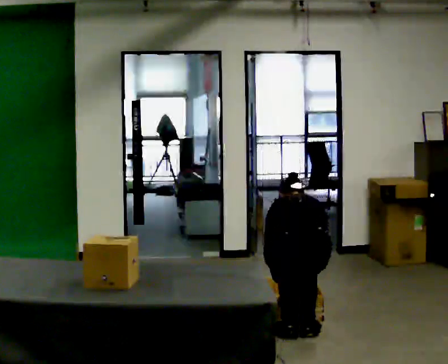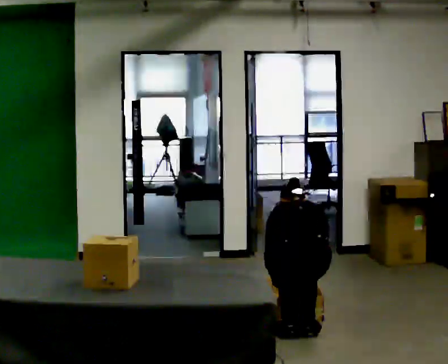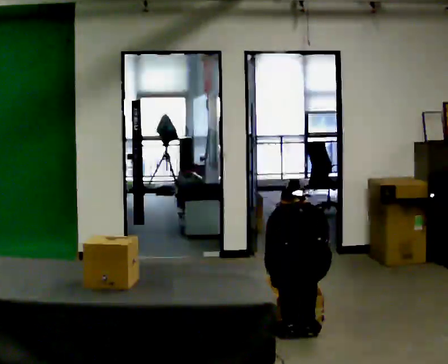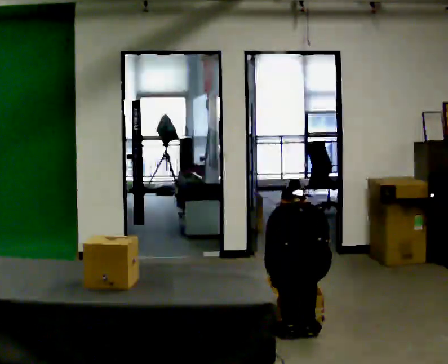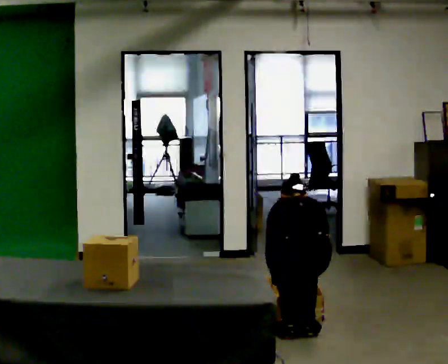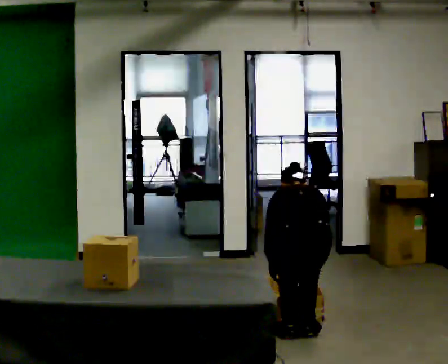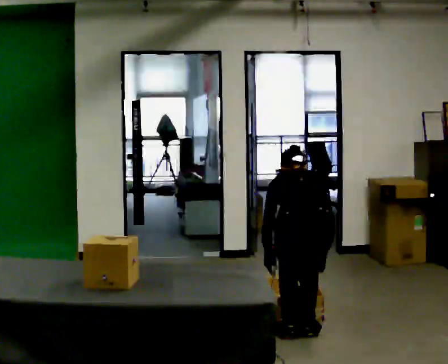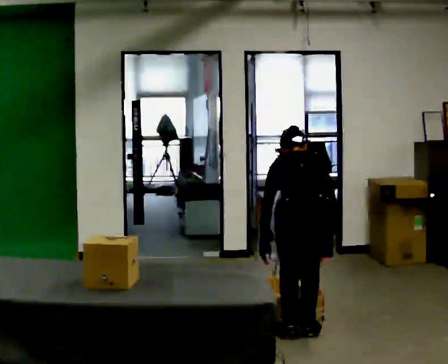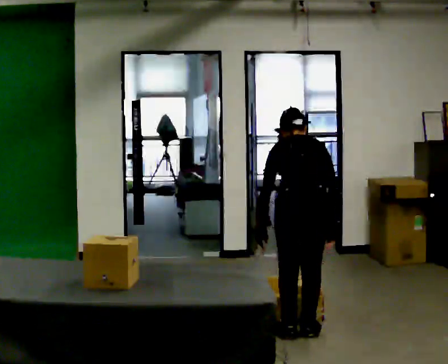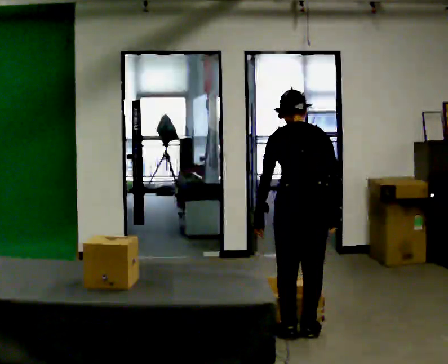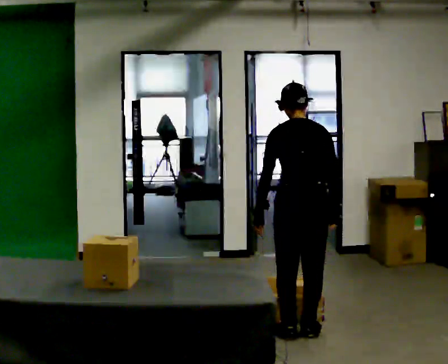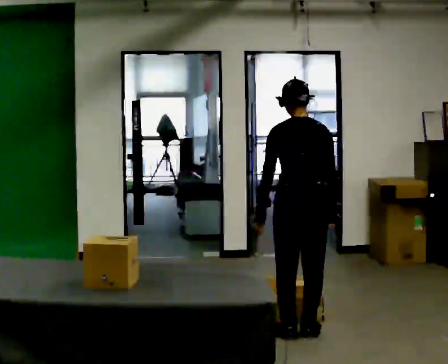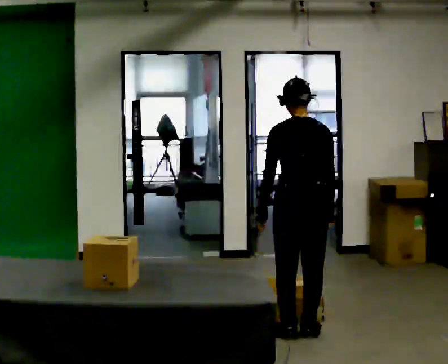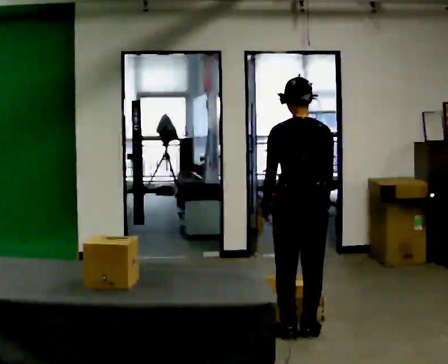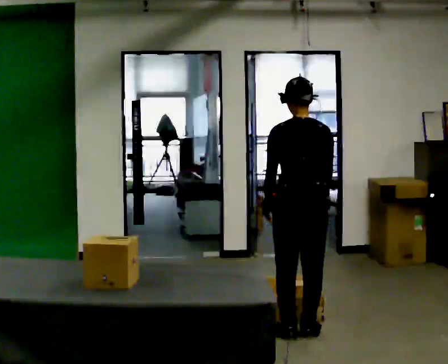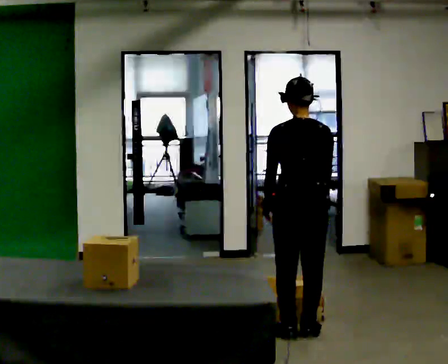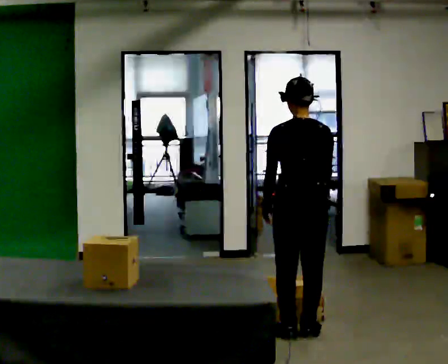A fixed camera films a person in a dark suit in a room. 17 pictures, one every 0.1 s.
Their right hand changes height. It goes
upward.
The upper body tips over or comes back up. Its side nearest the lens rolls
downward.
0.0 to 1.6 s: The shoulders move upward. The upper body tips toward the camera, its near side rolling downward, as they lean back or straighten. In the picture their left hand goes upward.
The film runs forward here.
